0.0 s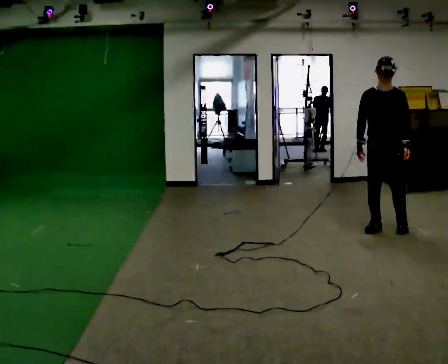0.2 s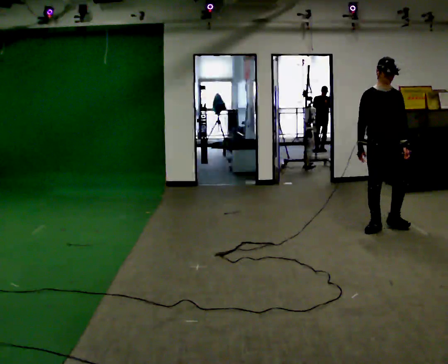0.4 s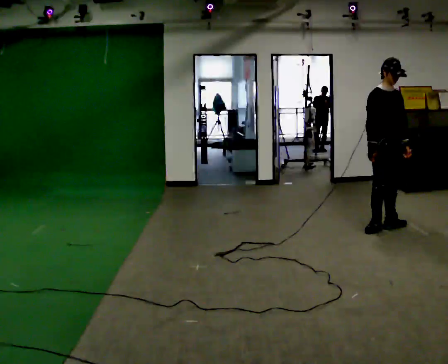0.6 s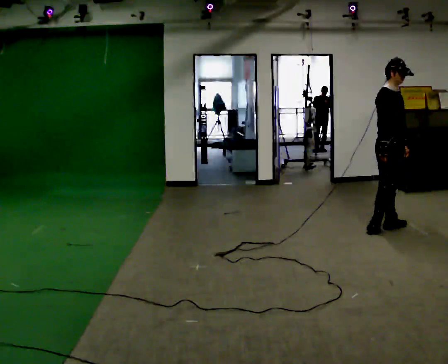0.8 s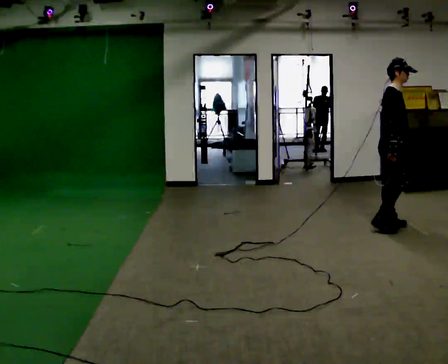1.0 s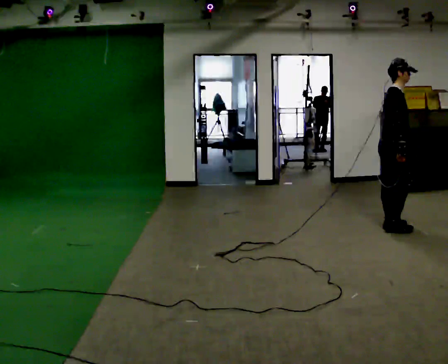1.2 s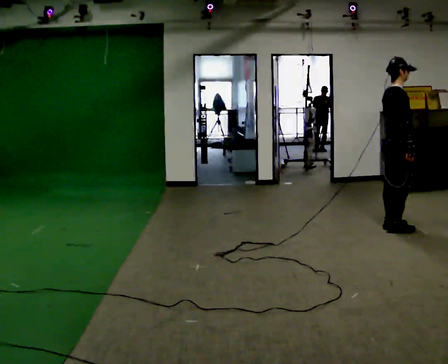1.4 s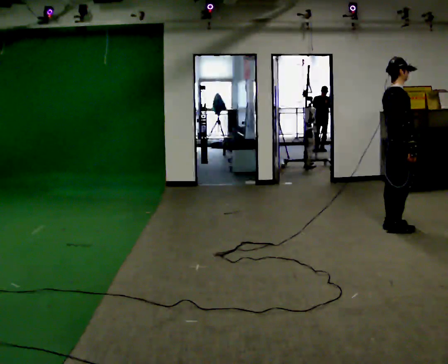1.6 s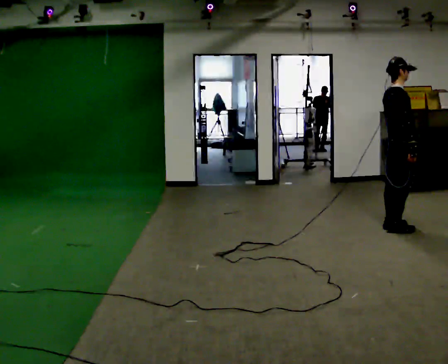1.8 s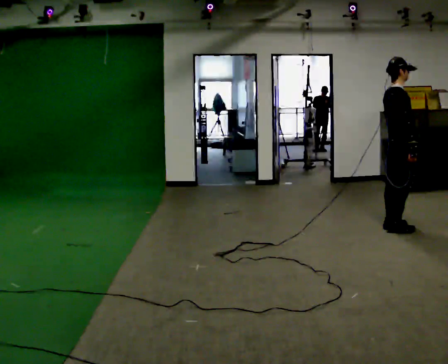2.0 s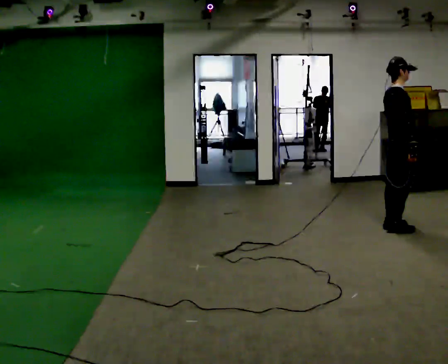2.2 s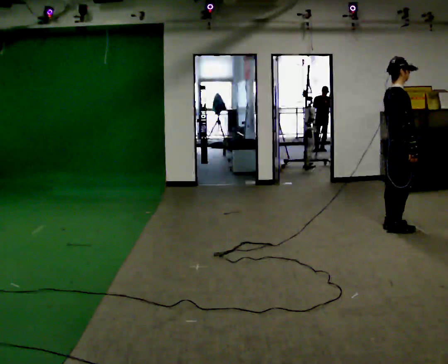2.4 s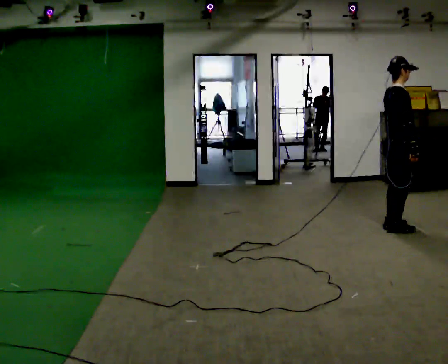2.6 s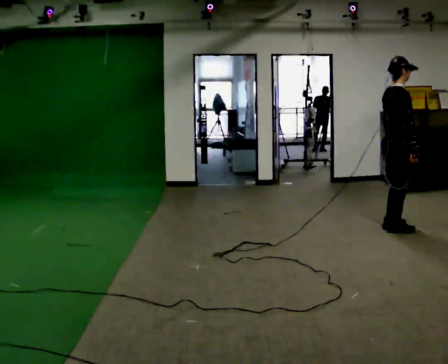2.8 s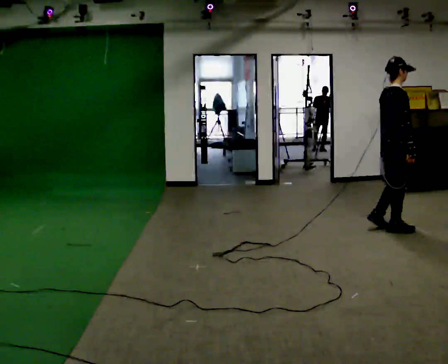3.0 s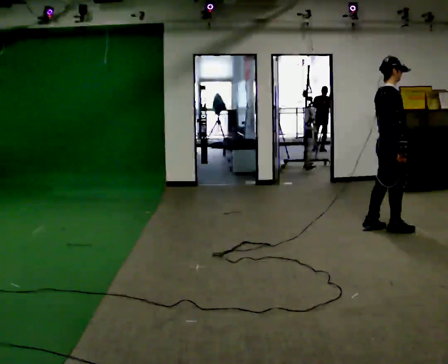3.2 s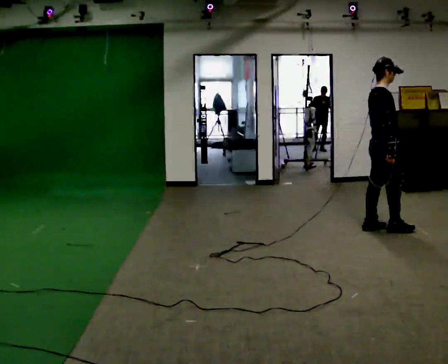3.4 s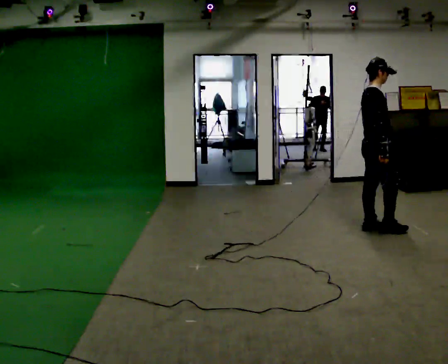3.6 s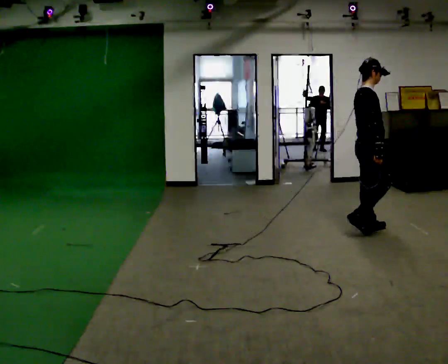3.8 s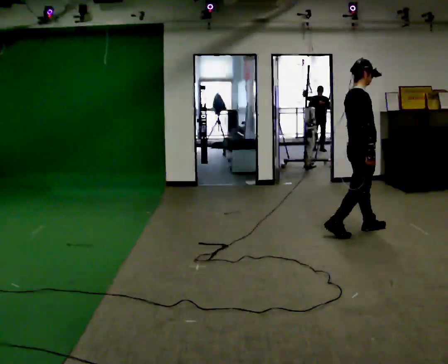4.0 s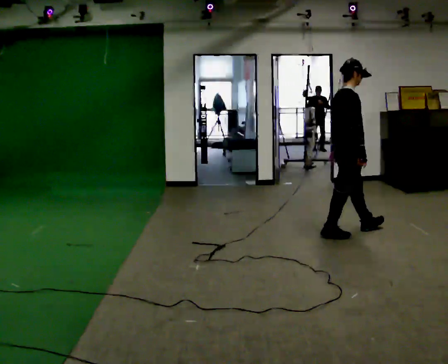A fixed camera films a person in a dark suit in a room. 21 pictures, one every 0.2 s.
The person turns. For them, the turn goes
to their left.
The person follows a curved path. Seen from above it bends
clockwise.
0.0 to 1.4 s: Seen from above the body turns counterclockwise, about 105 degrees: to their left, with its near side sliding to the right. In the picture their right hand goes to the right.
1.4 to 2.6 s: The person moves a little, or ends about where they began.
2.6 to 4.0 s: In the picture they go to the left, about 0.5 m in 2 steps, which for them is backward.
The film runs backward here.
